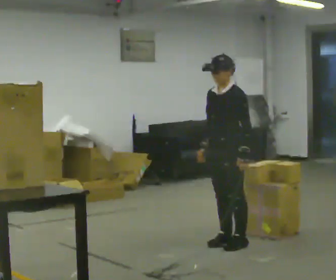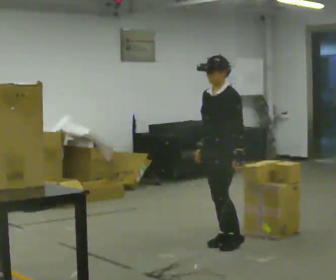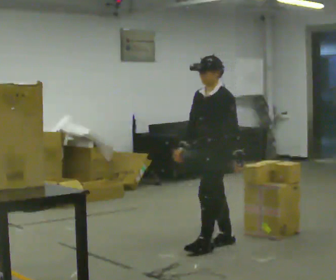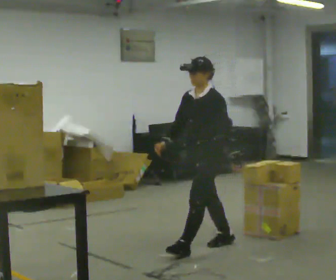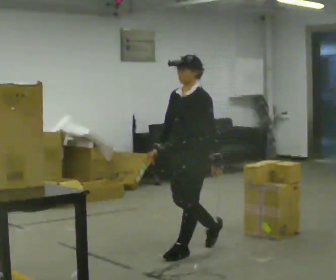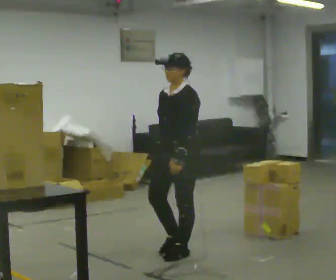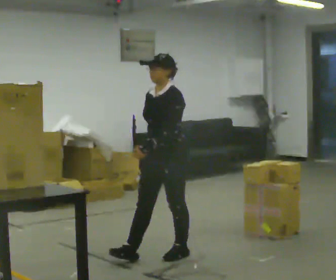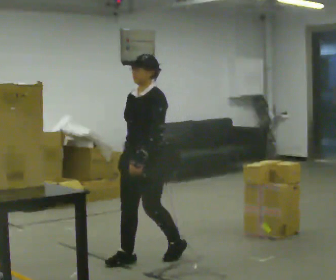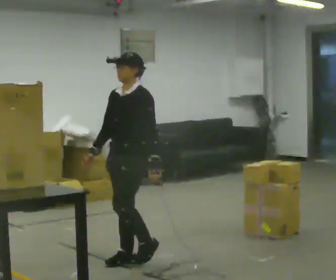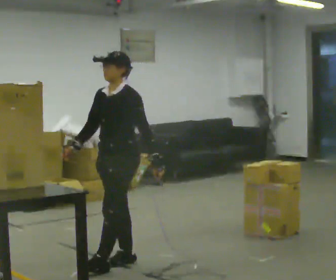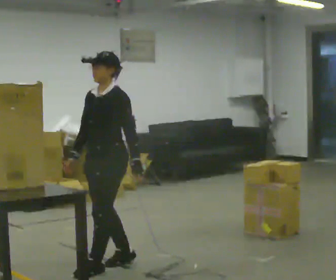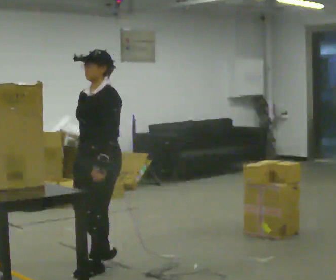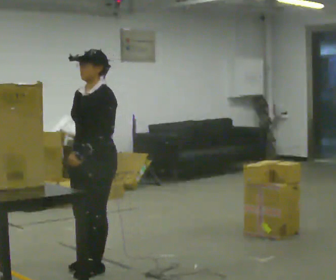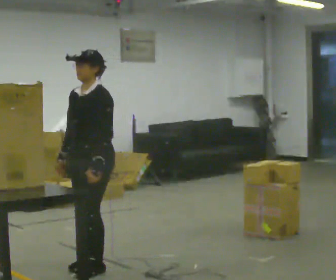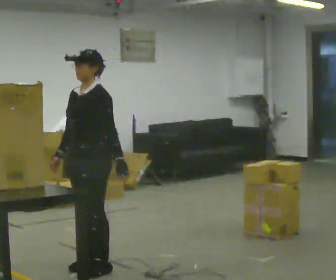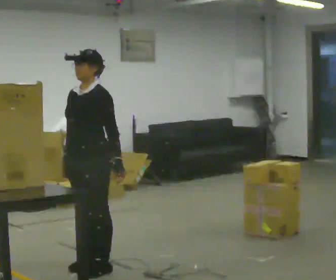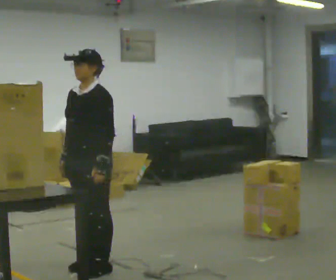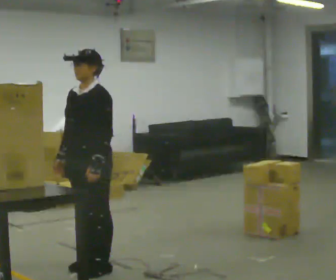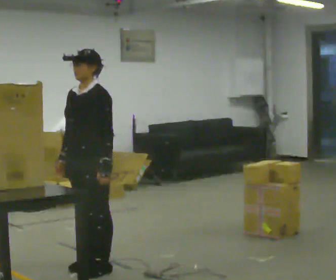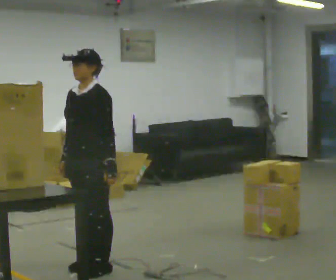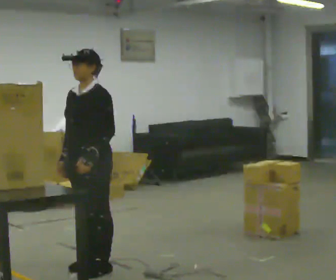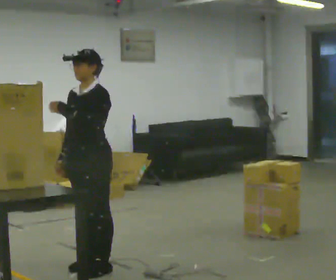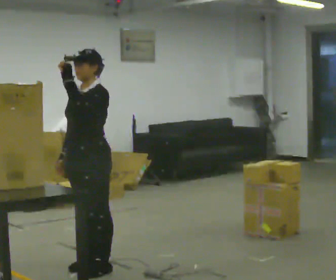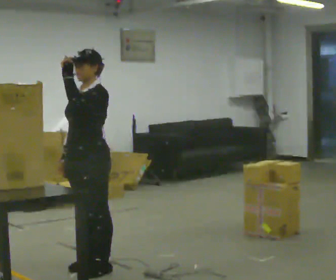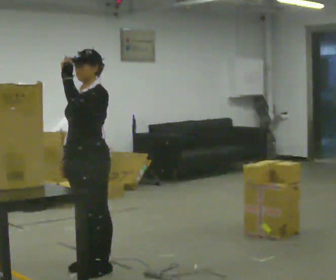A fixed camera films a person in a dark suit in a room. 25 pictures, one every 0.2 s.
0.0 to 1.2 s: In the picture they go to the left and toward the camera, about 0.75 m in 1 step, which for them is forward.
1.2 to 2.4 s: In the picture they go to the left and toward the camera, about 0.5 m in 3 steps, which for them is forward.
2.4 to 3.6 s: The person moves a little, or ends about where they began.
3.6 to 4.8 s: In the picture their left hand goes upward.
The film runs forward here.
